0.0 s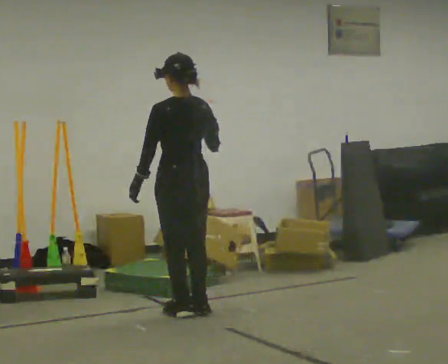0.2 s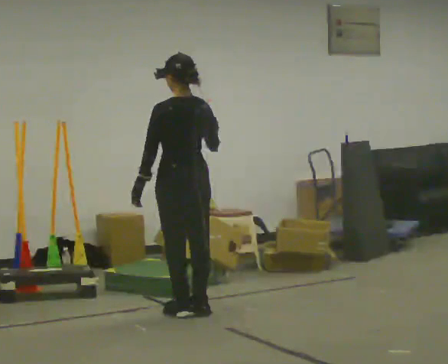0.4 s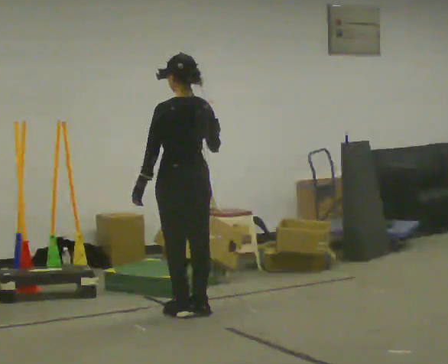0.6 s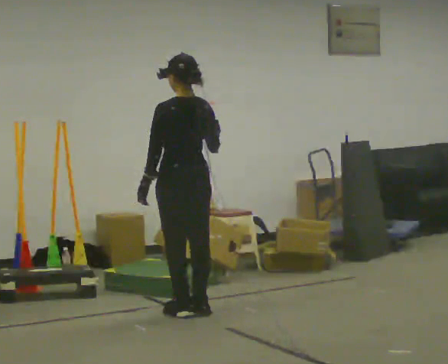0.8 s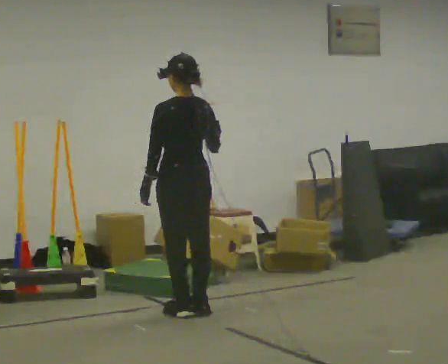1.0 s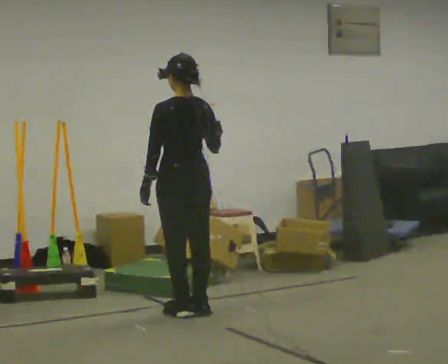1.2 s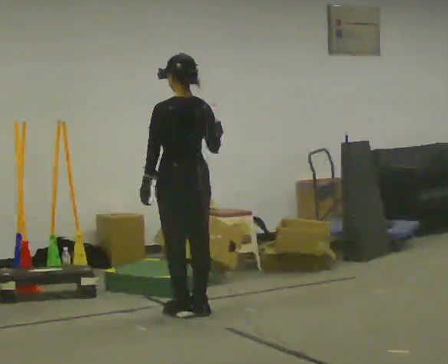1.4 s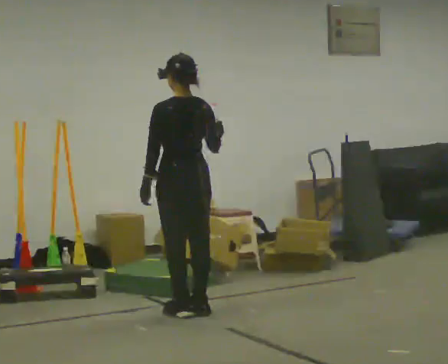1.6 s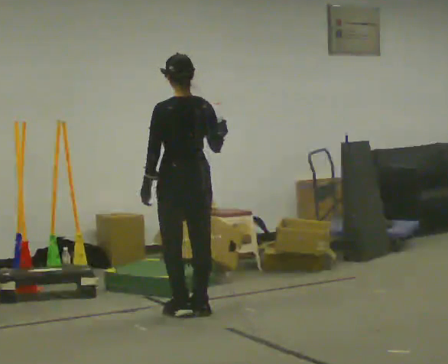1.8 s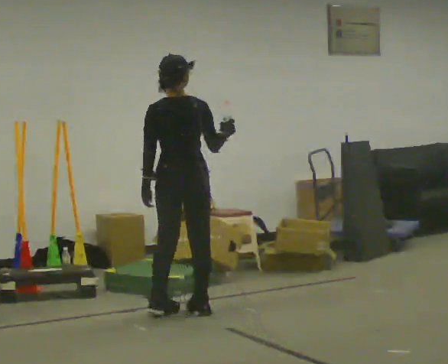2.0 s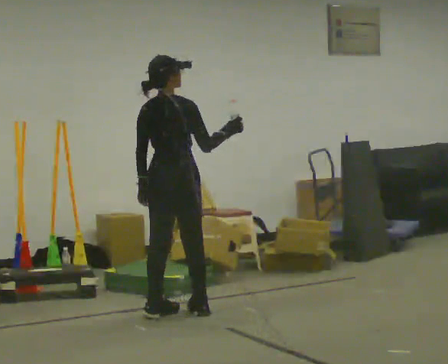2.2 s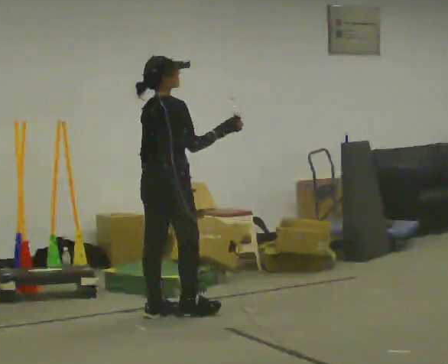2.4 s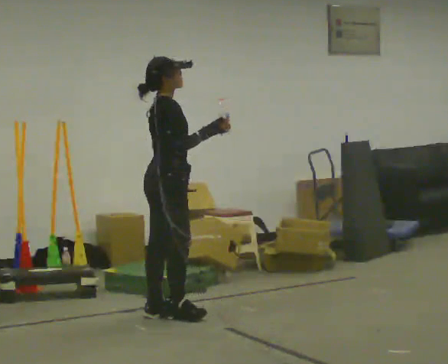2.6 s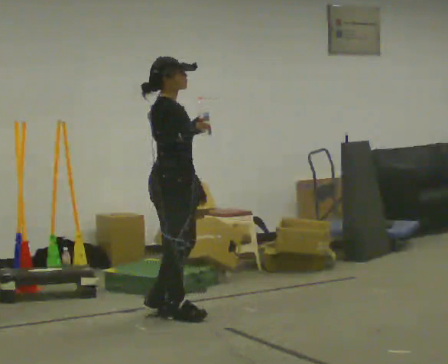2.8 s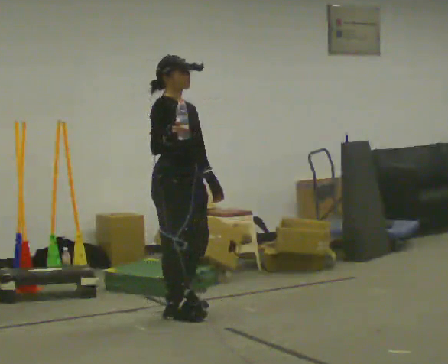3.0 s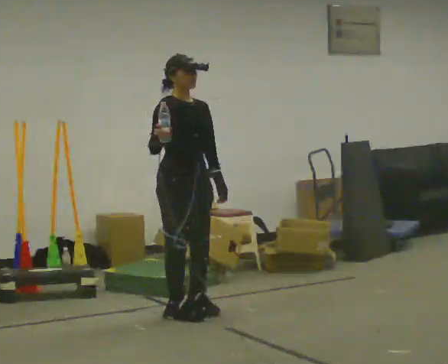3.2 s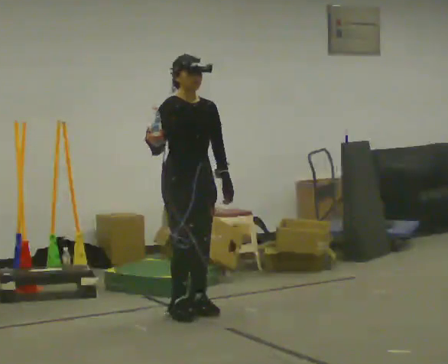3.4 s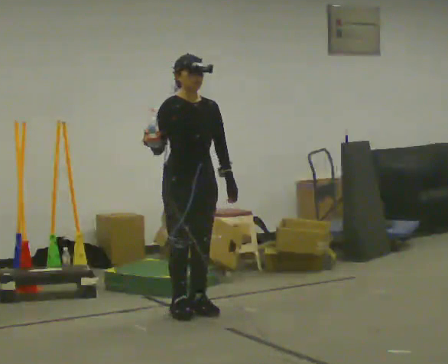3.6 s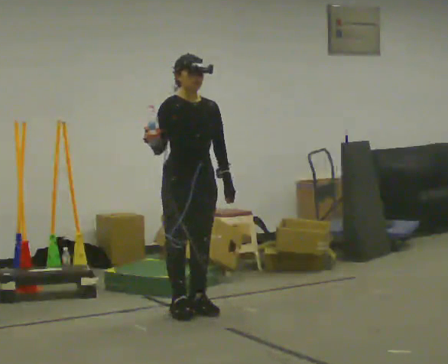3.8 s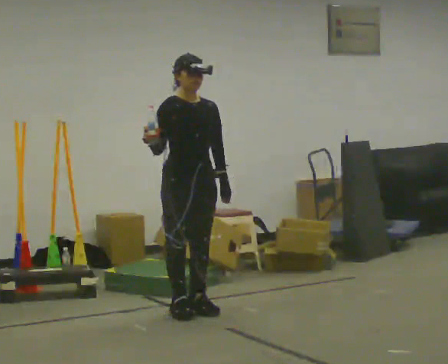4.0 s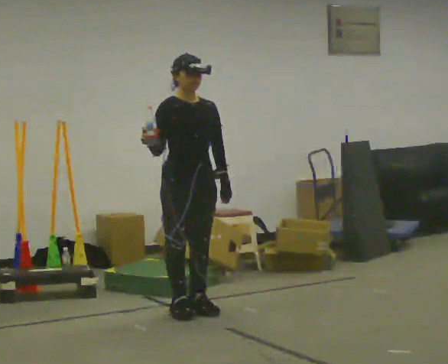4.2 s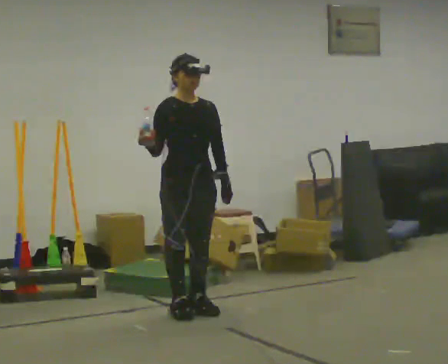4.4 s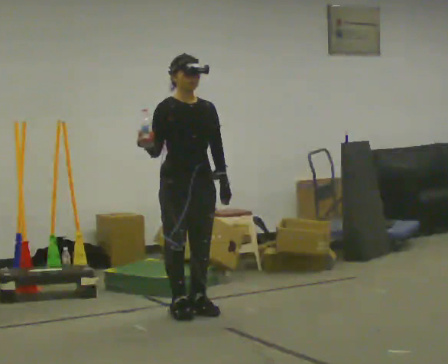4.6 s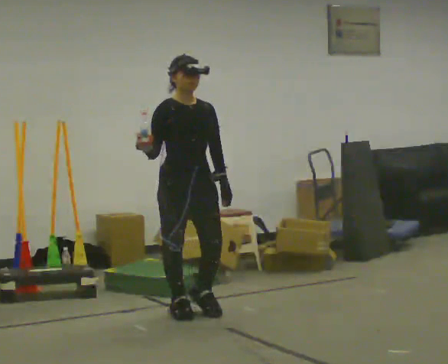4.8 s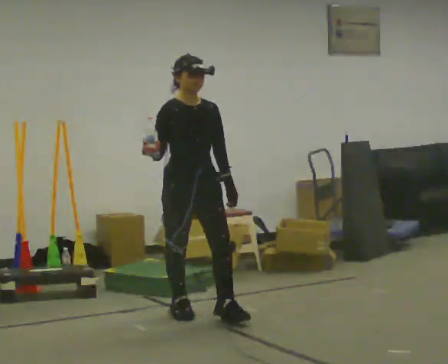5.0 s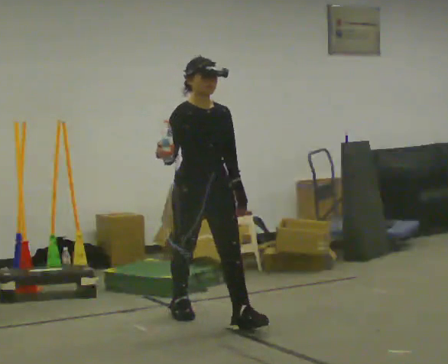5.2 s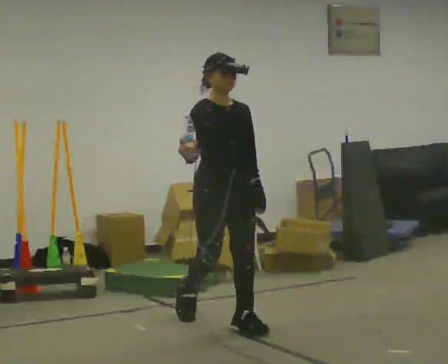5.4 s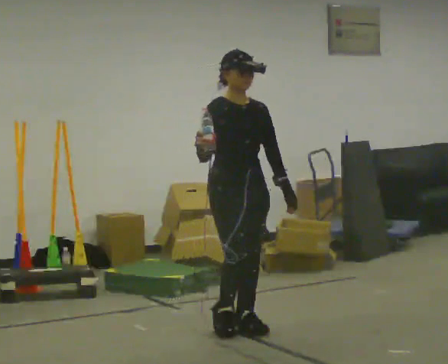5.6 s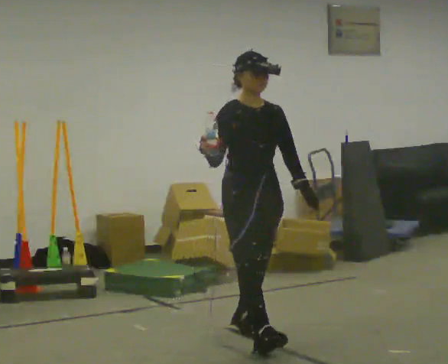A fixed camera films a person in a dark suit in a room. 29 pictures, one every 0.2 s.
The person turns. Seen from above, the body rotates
clockwise.
The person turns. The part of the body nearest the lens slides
to the left.
0.0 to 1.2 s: The person moves a little, or ends about where they began.
1.2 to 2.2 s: The part of the body nearest the lens slides to the left as the person turns to their right by about 75 degrees.
2.2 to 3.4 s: Seen from above the body turns clockwise, about 90 degrees: to their right, with its near side sliding to the left. In the picture their right hand goes to the left.
3.4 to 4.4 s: The person moves a little, or ends about where they began.
4.4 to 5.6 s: In the picture they go toward the camera and to the right, about 0.5 m in 1 step, which for them is forward.
The film runs forward here.
